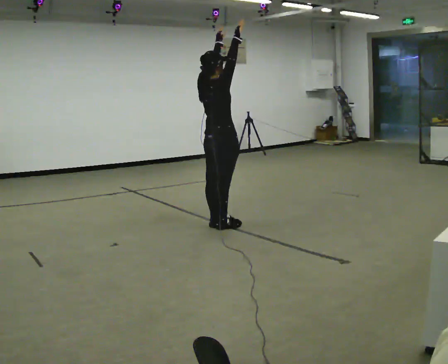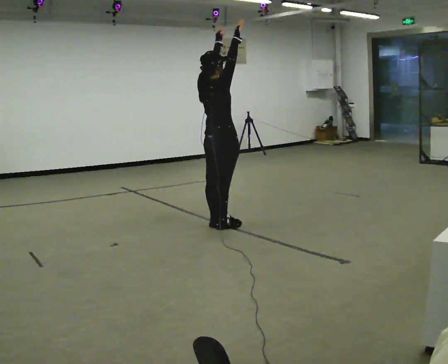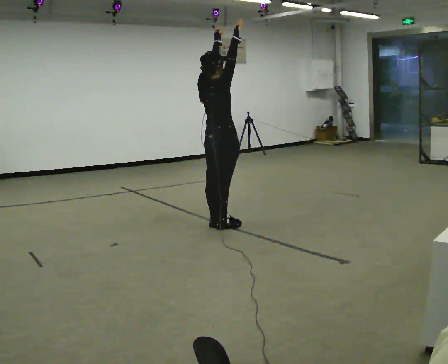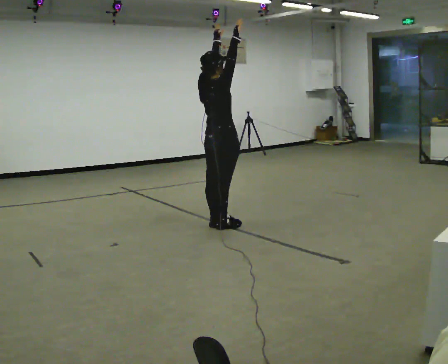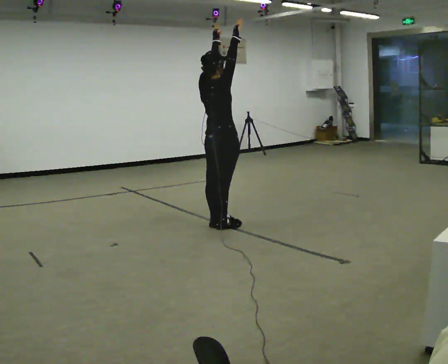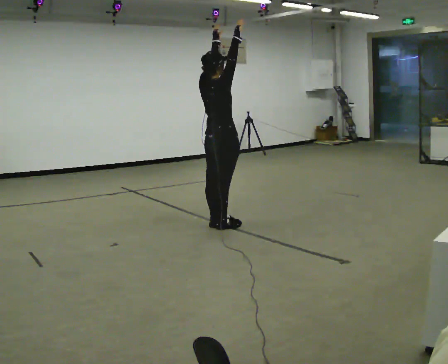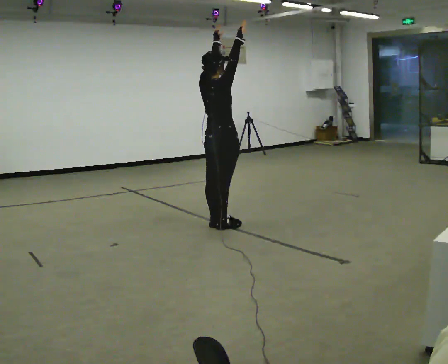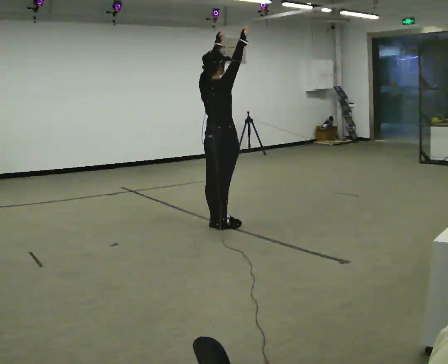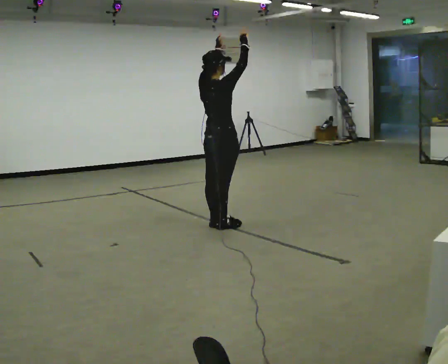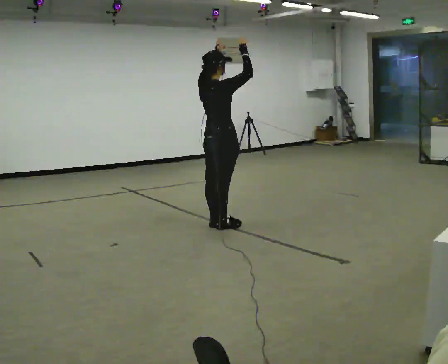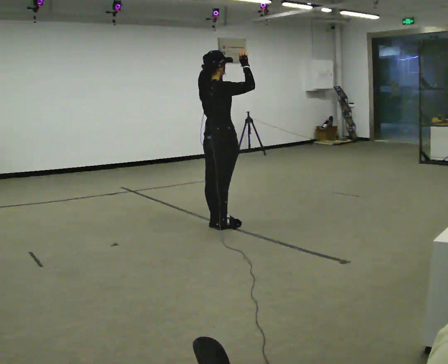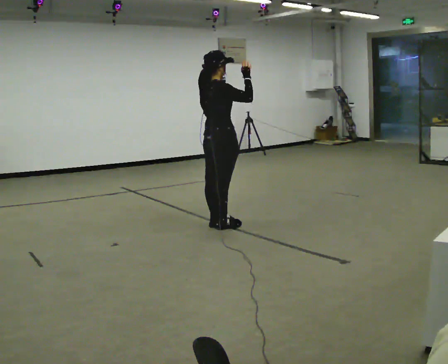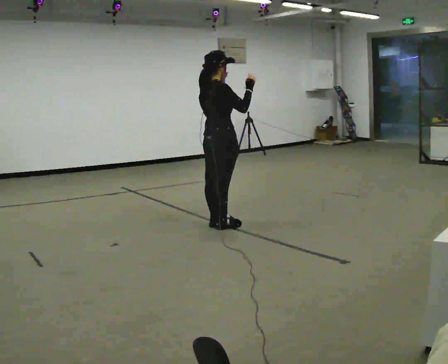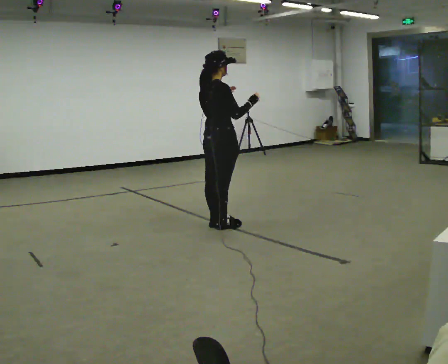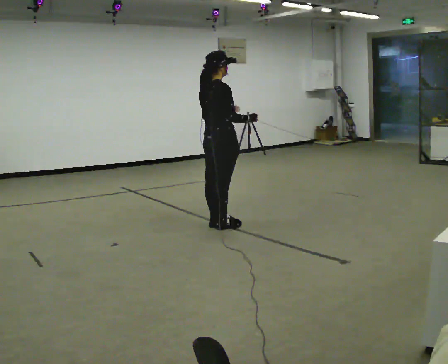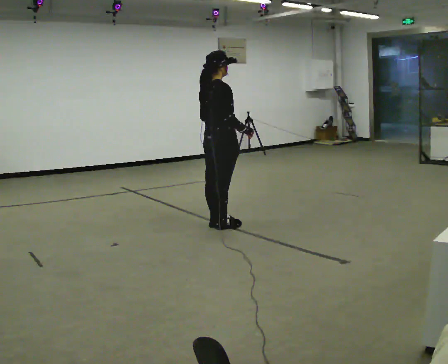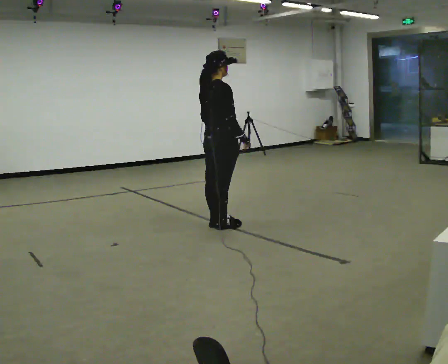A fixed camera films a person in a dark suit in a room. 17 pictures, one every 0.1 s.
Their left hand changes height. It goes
downward.
Their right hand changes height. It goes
downward.
0.0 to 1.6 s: In the picture their right hand goes downward.
The film runs backward here.
